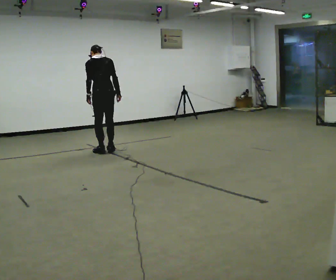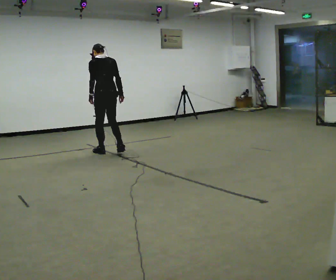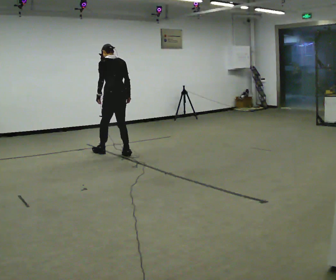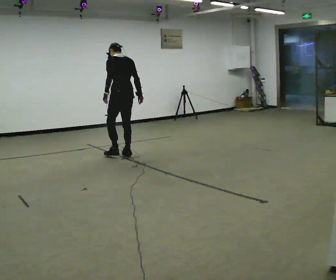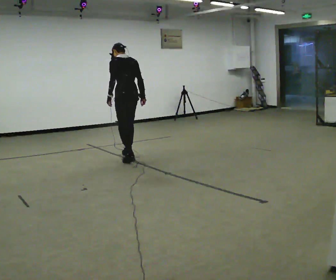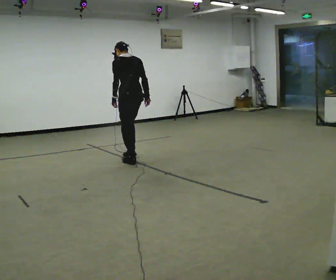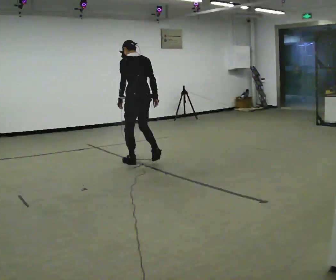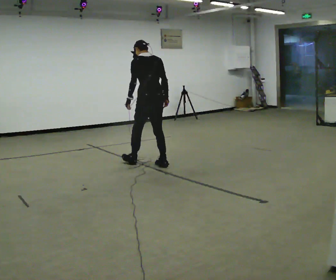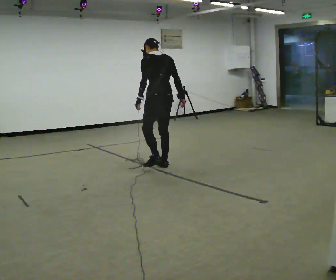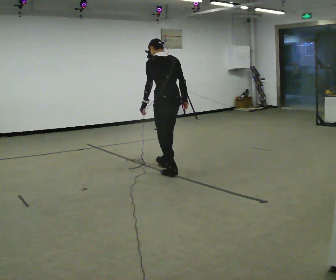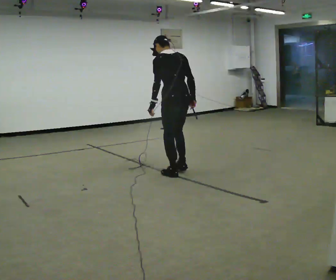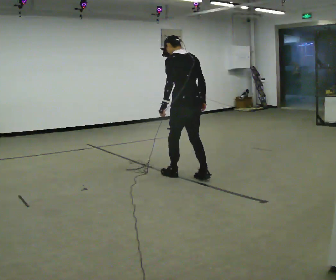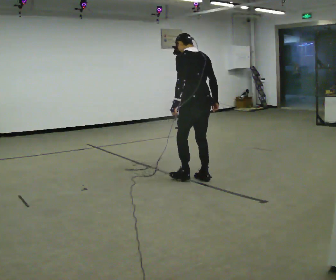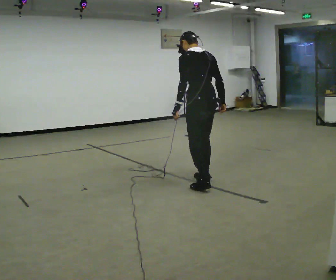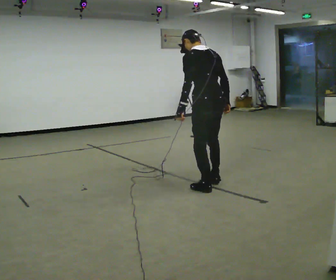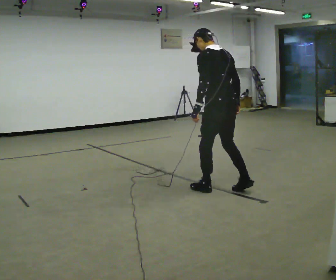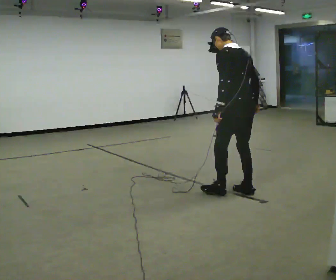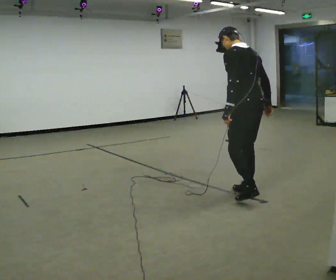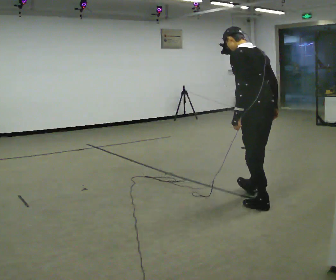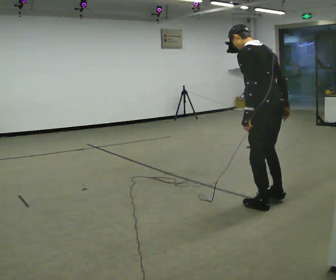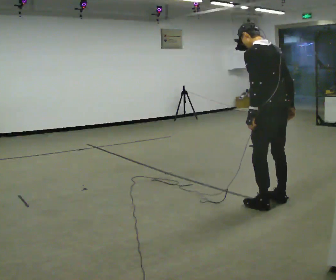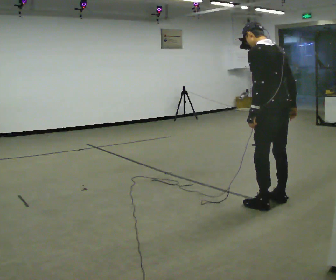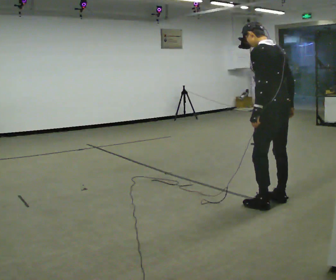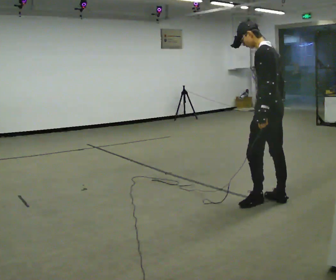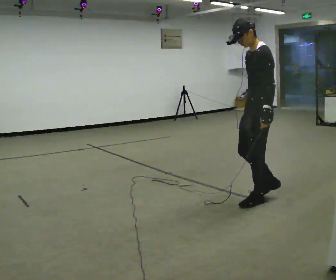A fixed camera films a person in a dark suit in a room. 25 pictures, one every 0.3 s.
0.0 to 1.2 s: In the picture they go to the right and toward the camera, about 0.5 m in 2 steps, which for them is backward.
1.2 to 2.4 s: In the picture they go to the right and toward the camera, about 0.75 m in 1 step, which for them is backward.
2.4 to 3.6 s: In the picture they go toward the camera and to the right, about 0.5 m in 2 steps, which for them is backward.
3.6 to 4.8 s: In the picture they go toward the camera and to the right, about 0.75 m in 2 steps, which for them is backward.
4.8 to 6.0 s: In the picture they go toward the camera and to the right, about 0.5 m in 2 steps, which for them is backward.
6.0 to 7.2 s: Seen from above the body turns counterclockwise, about 75 degrees: to their left, with its near side sliding to the right. In the picture they go away from the camera, about 0.25 m in 1 step. In the picture their right hand goes to the left.
The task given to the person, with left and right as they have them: Walk backward slowly; stop.
The film runs forward here.
